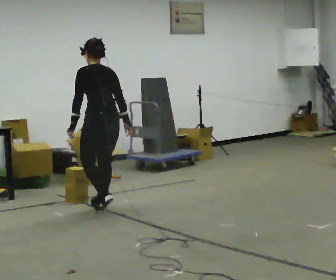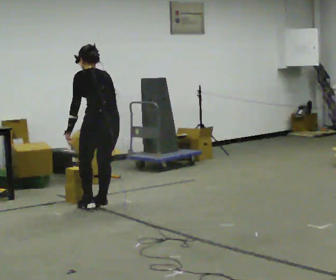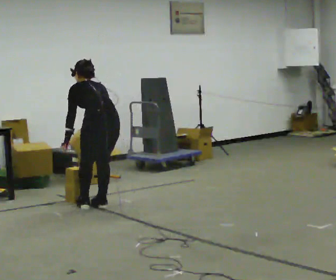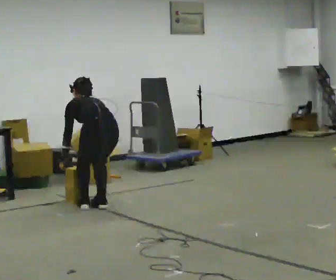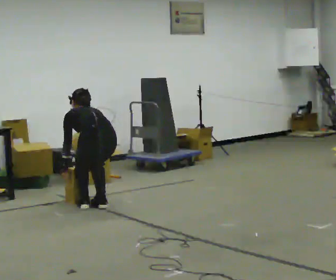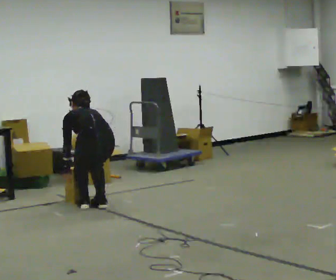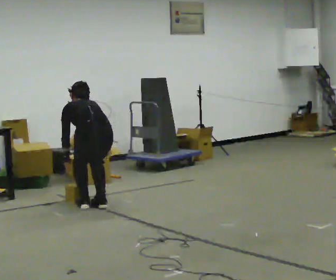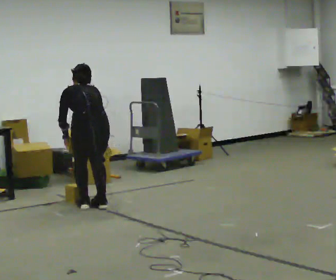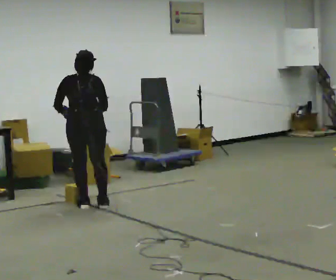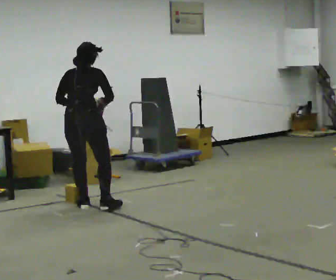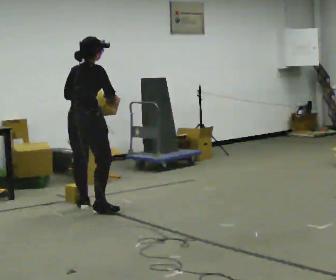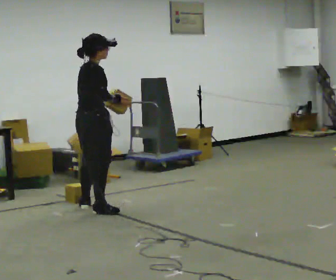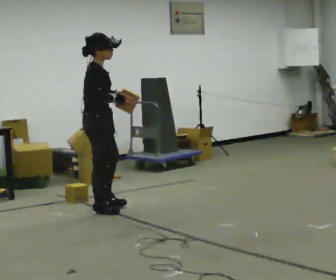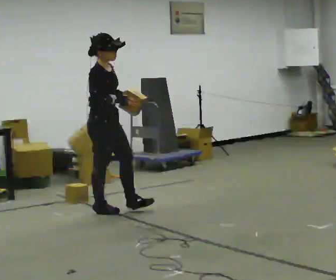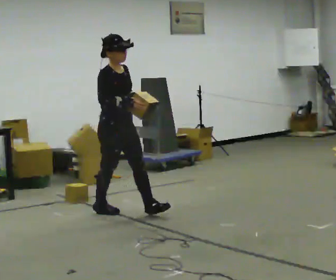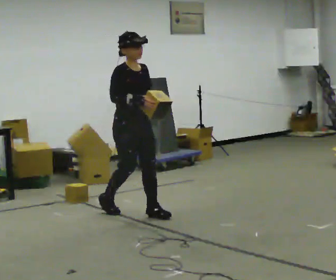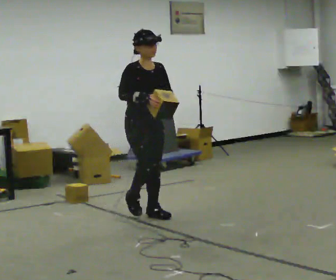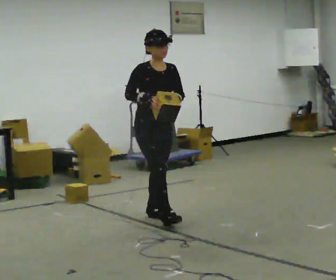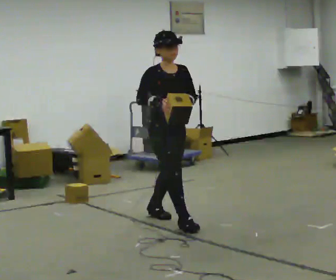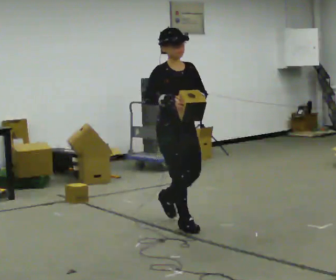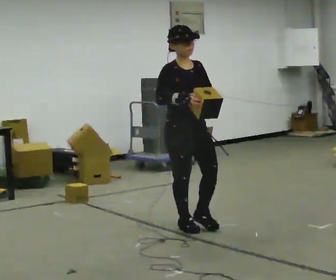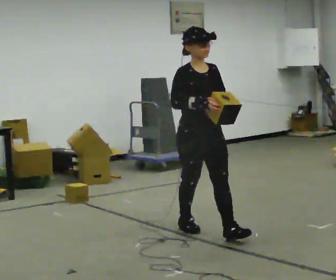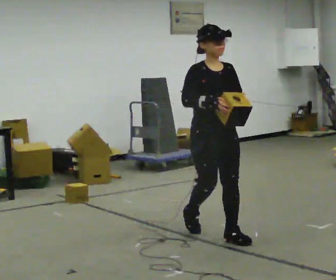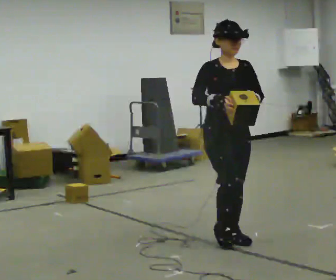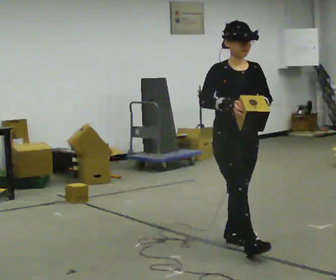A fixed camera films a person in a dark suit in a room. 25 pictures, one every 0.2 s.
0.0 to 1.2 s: The upper body tips away from the camera, its near side rolling upward, as they bend forward. In the picture their right hand goes to the left.
1.2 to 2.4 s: The person turns about 105 degrees to their right, clockwise seen from above, so the part of the body nearest the lens slides to the left. The shoulders move upward. The upper body tips toward the camera, its near side rolling downward, as they lean back or straighten. In the picture their left hand goes upward and to the right.
2.4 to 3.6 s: The part of the body nearest the lens slides to the left as the person turns to their right by about 60 degrees. In the picture they go to the right and toward the camera, about 1 m in 2 steps, which for them is forward.
3.6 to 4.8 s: In the picture they go toward the camera and to the right, about 1 m in 1 step, which for them is forward.
The film runs forward here.
